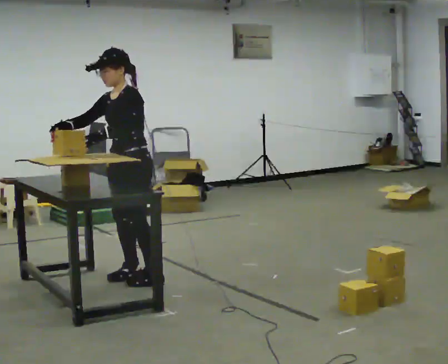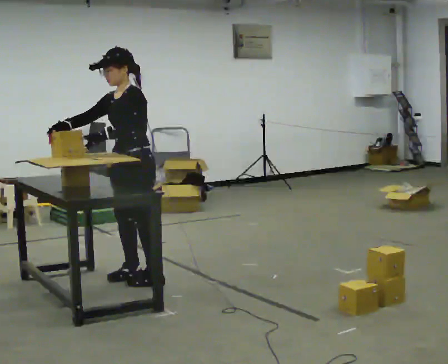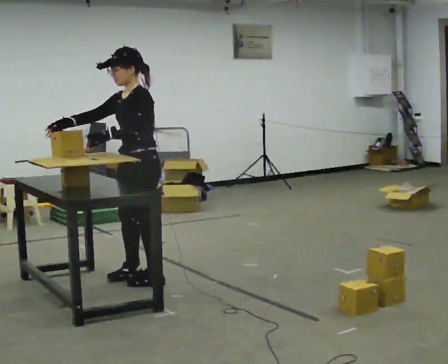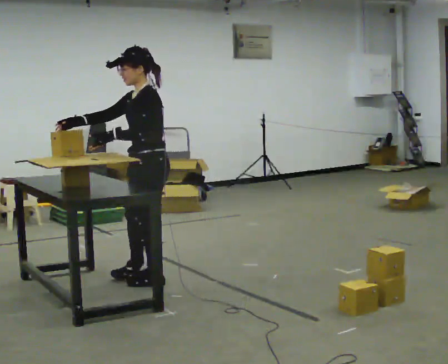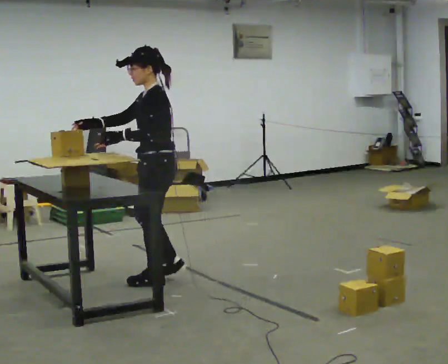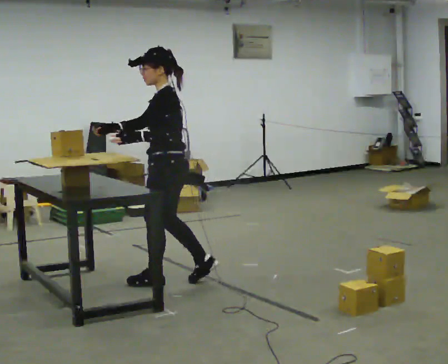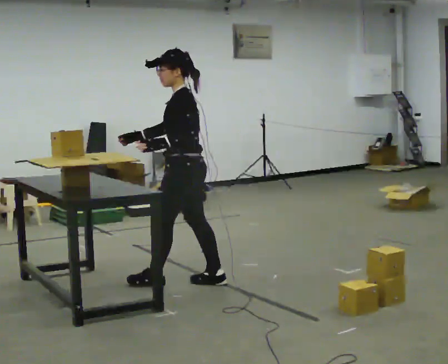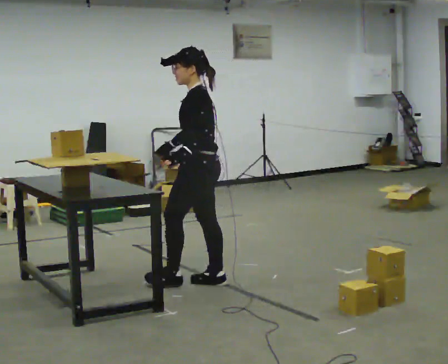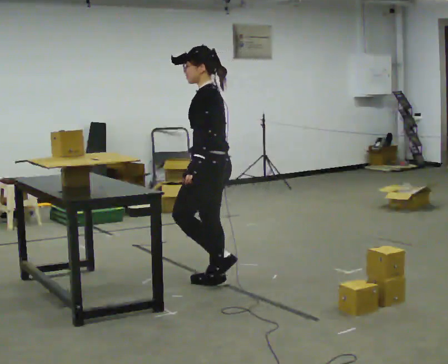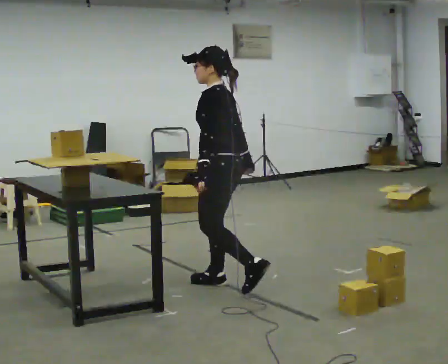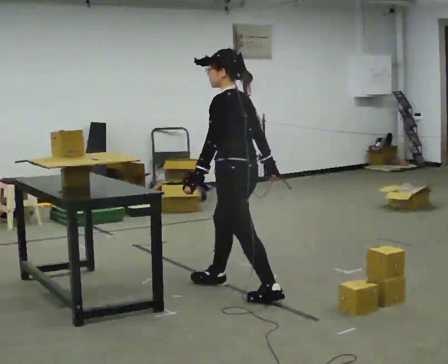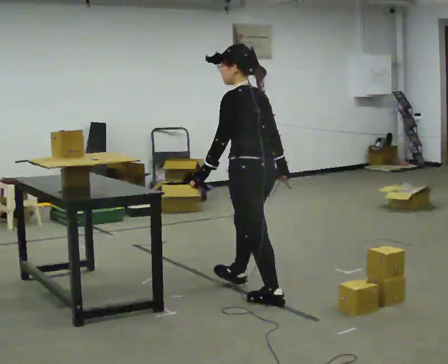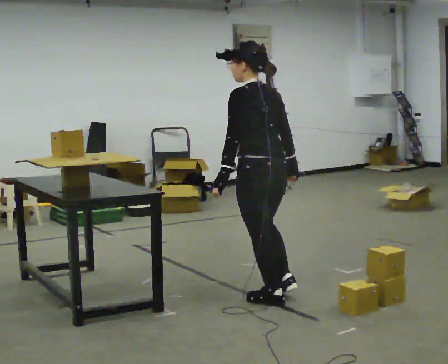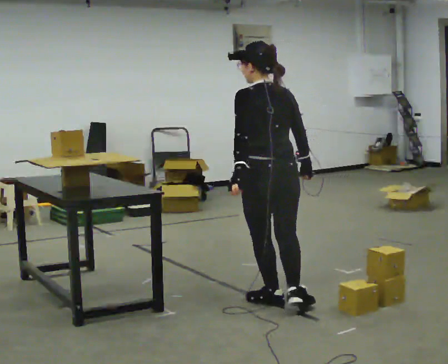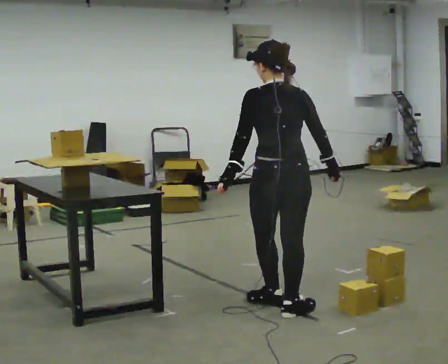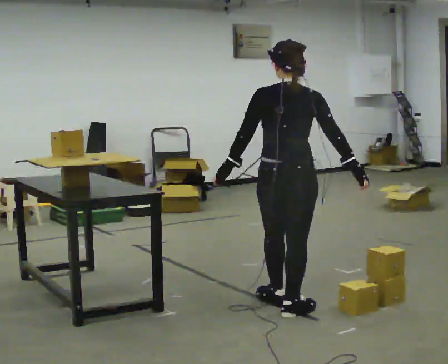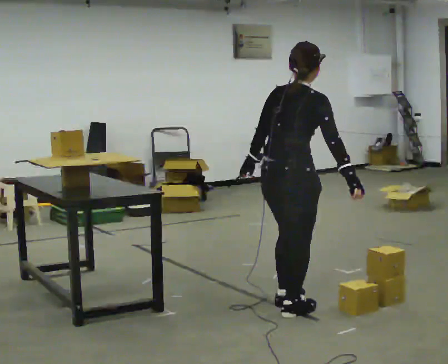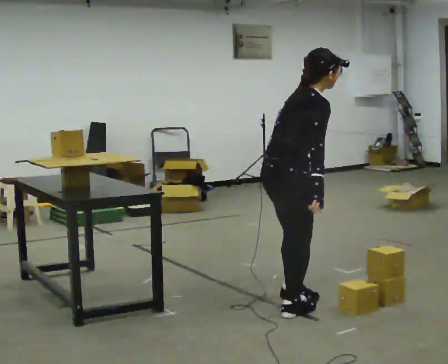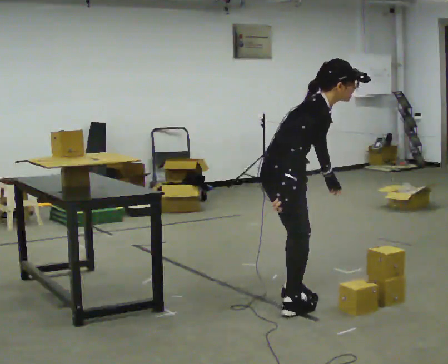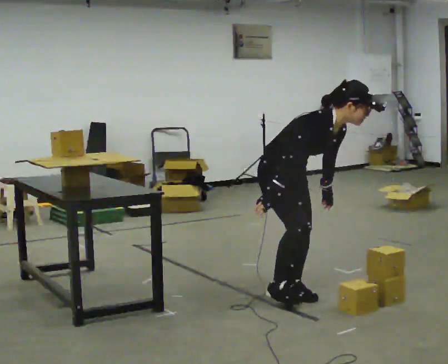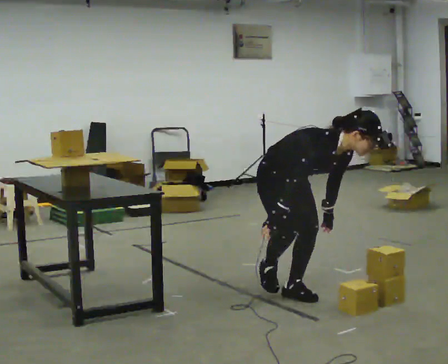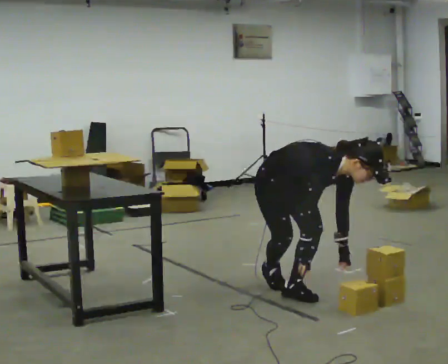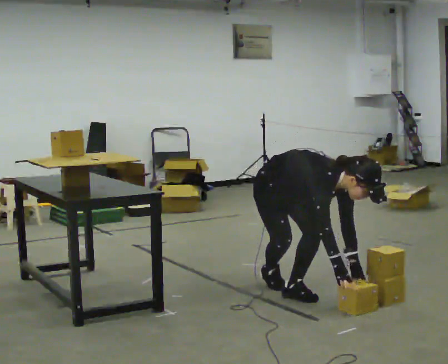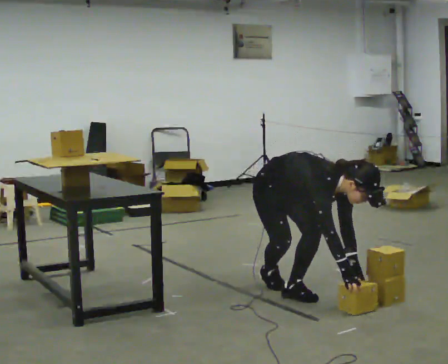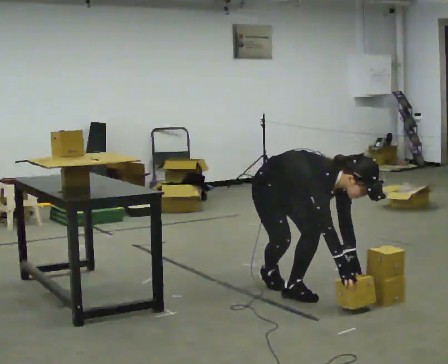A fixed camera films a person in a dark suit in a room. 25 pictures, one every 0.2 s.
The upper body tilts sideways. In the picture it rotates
clockwise.
The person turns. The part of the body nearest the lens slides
to the left.
0.0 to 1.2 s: The person turns about 45 degrees to their right, clockwise seen from above, so the part of the body nearest the lens slides to the left. In the picture they go to the right, about 0.25 m in 1 step, which for them is backward and to their left.
1.2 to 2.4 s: The part of the body nearest the lens slides to the left as the person turns to their right by about 45 degrees. In the picture they go to the right and toward the camera, about 0.75 m in 2 steps, which for them is backward and to their left.
2.4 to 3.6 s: Seen from above the body turns clockwise, about 135 degrees: to their right, with its near side sliding to the left. In the picture the upper body tilts clockwise, shoulders to the right, as they bend forward.
3.6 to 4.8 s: Seen from above the body turns clockwise, about 45 degrees: to their right, with its near side sliding to the left. In the picture they go away from the camera, about 0.25 m in 1 step, which for them is backward and to their left. The shoulders move downward. The upper body tips toward the camera, its near side rolling downward, as they bend forward. In the picture their left hand goes downward.
The film runs backward here.
